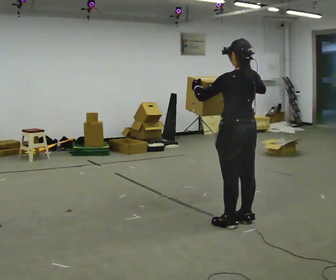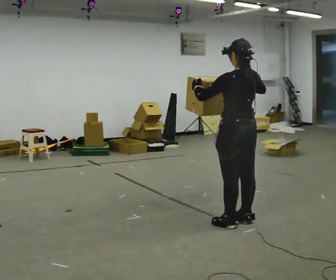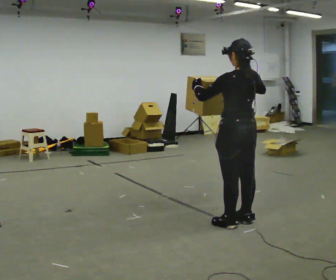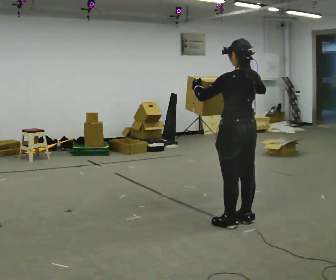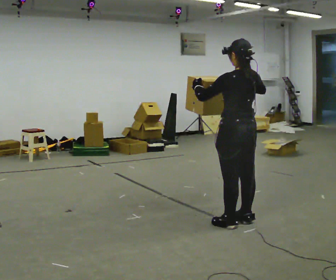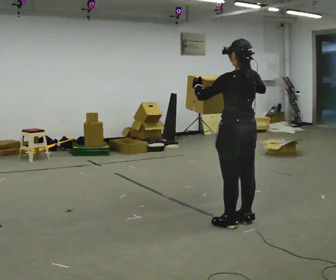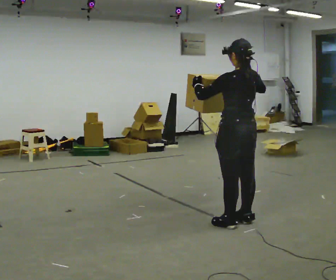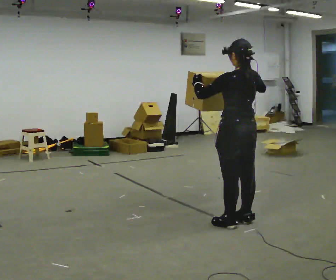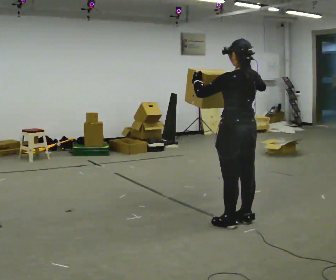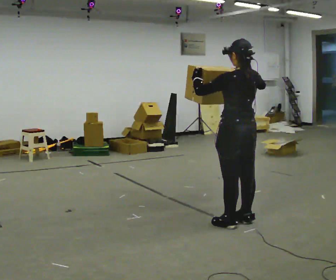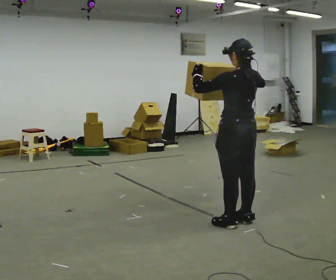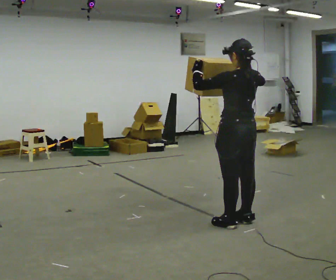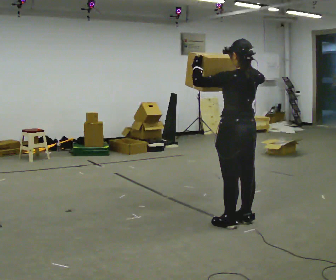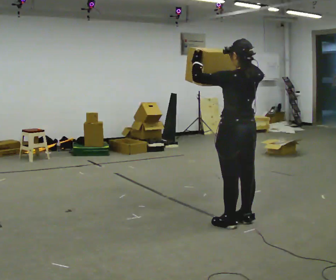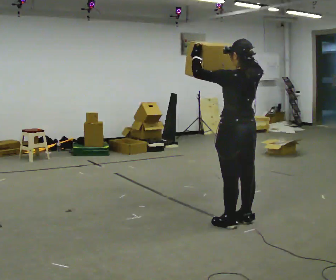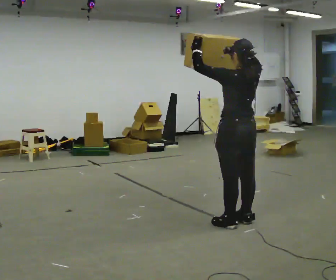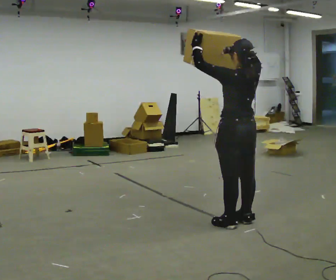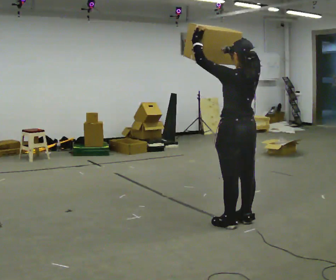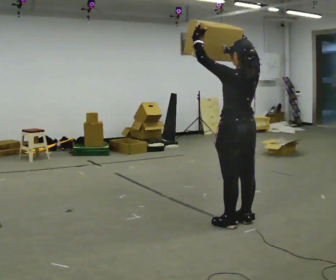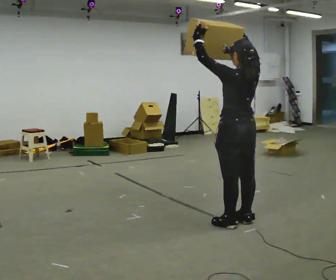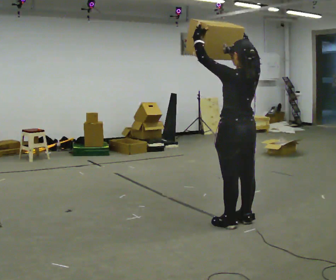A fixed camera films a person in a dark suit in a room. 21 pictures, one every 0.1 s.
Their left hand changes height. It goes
upward.
Their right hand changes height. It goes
upward.
0.0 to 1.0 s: The person moves a little, or ends about where they began.
1.0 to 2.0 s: In the picture their left hand goes upward.
The film runs forward here.
